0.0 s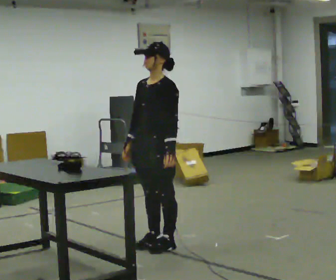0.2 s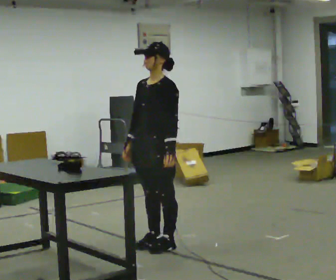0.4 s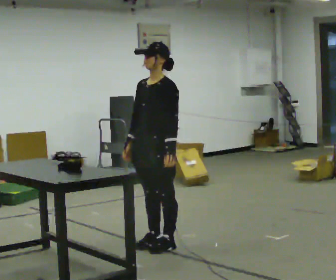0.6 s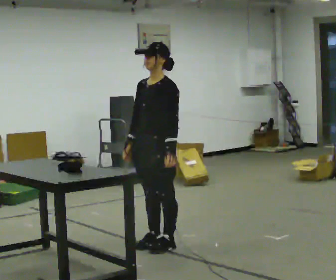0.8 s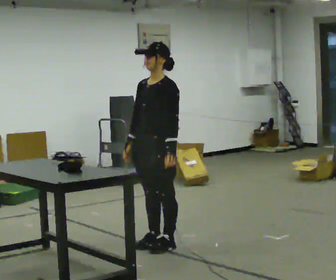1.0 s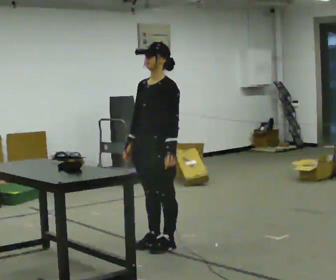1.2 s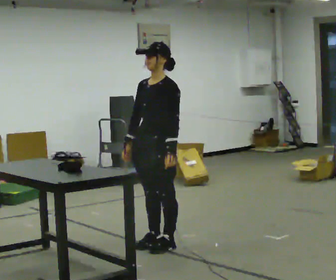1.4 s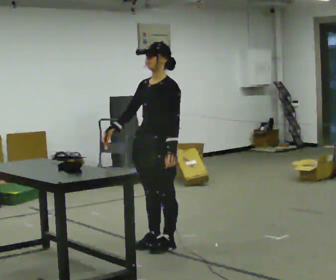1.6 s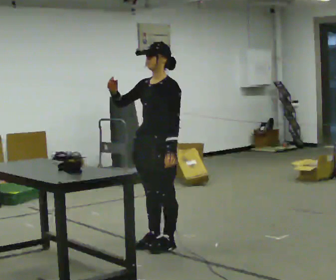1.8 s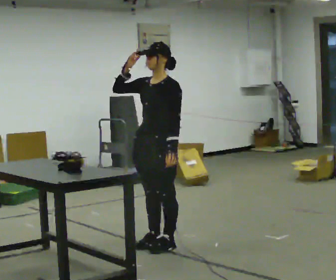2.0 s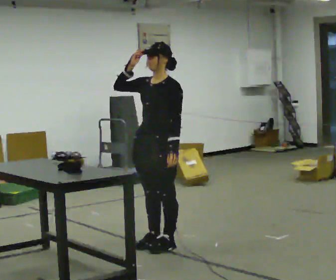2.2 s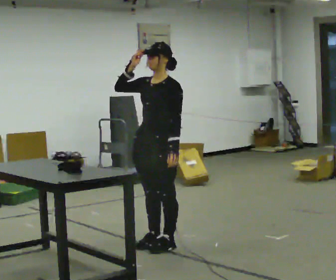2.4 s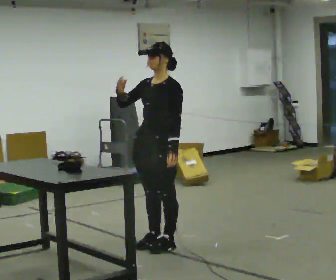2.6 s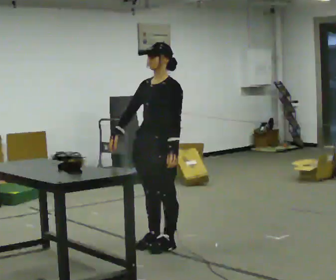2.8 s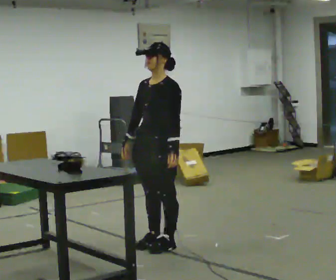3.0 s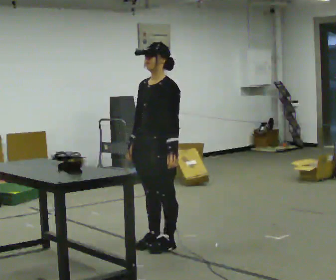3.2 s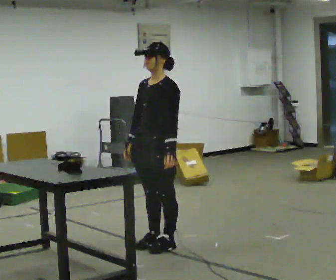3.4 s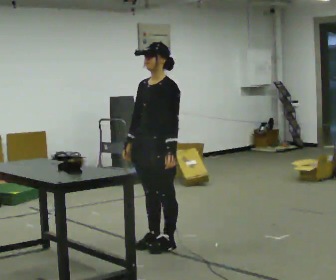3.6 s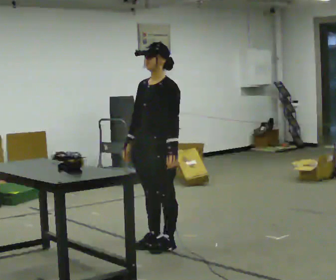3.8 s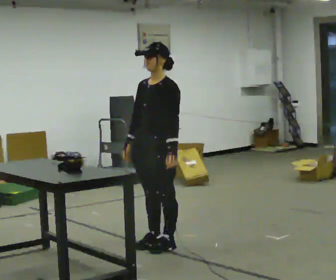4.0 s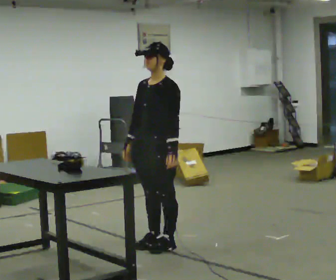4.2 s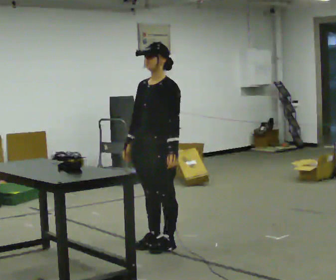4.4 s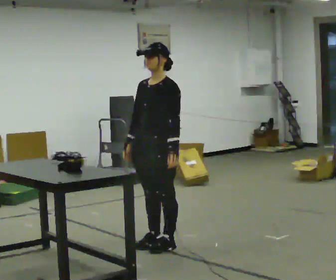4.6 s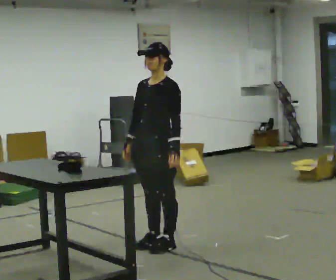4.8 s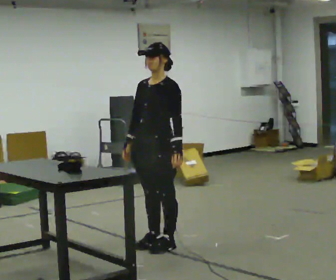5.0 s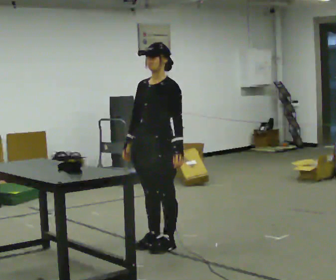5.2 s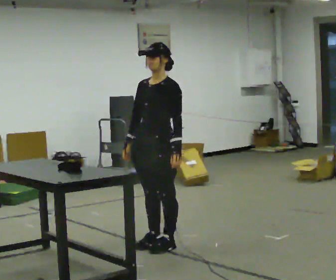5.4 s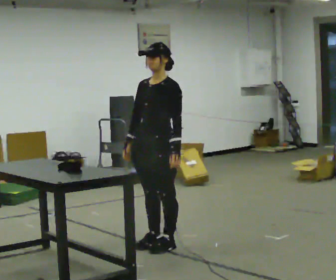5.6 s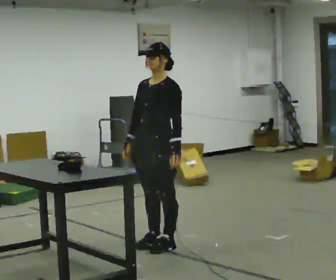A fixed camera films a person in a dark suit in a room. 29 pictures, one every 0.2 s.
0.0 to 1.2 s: The person moves a little, or ends about where they began.
1.2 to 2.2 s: In the picture their right hand goes upward.
2.2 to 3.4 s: In the picture their right hand goes downward.
3.4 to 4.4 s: The person keeps their place and pose.
4.4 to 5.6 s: The person moves a little, or ends about where they began.
The film runs forward here.
